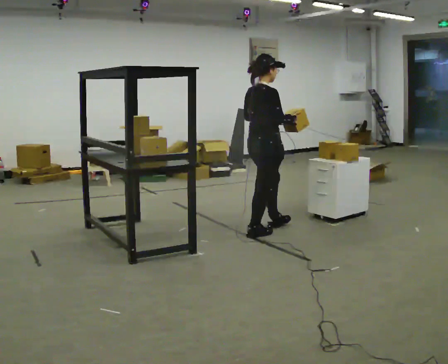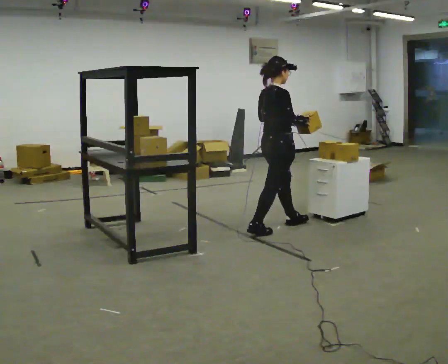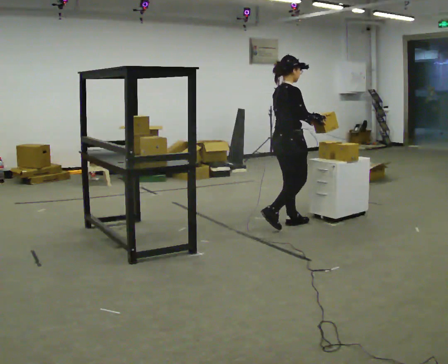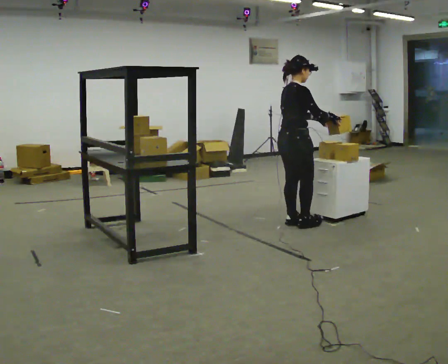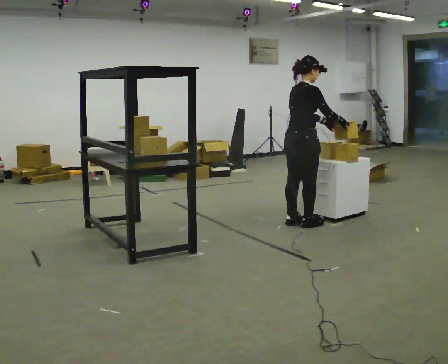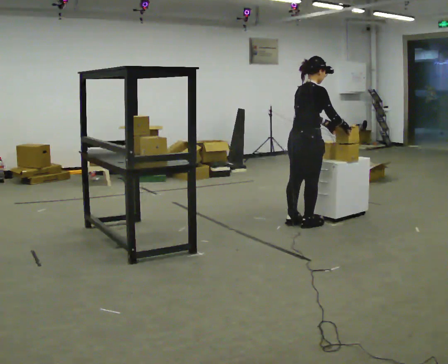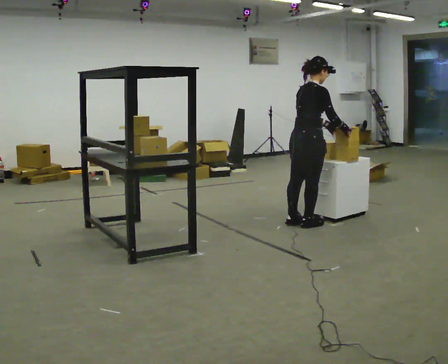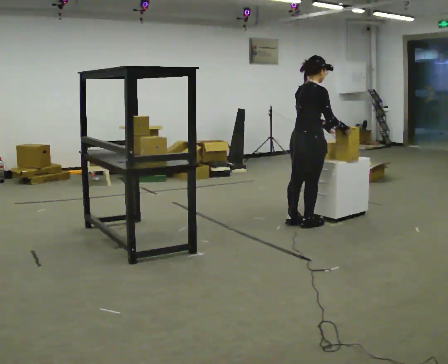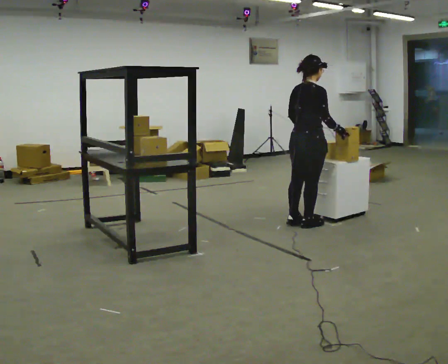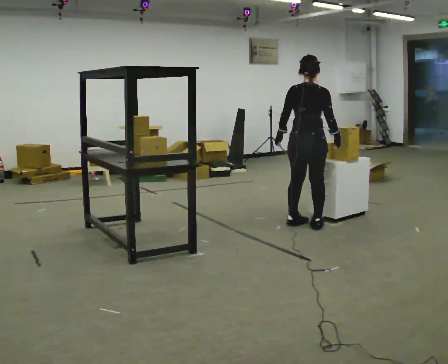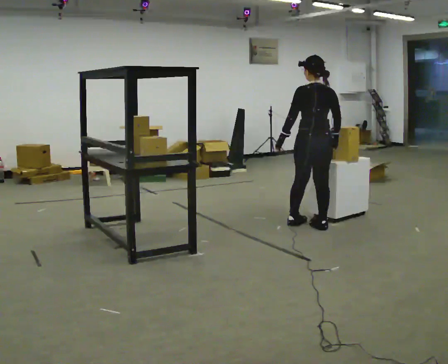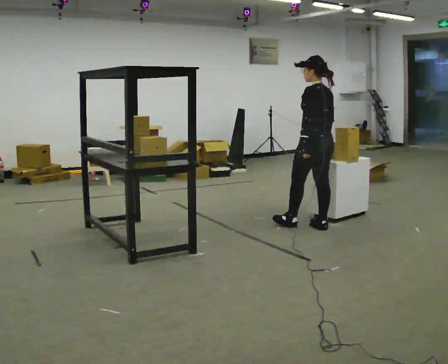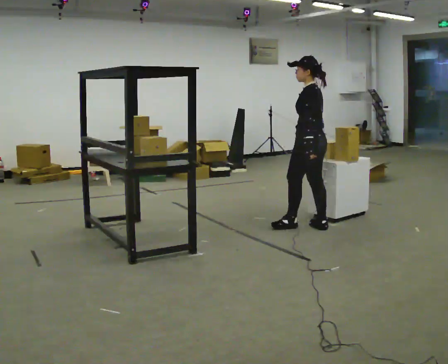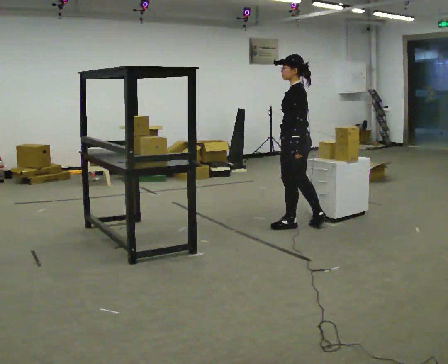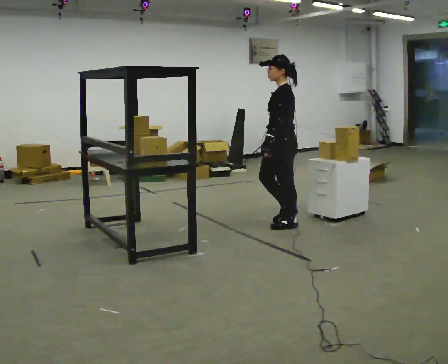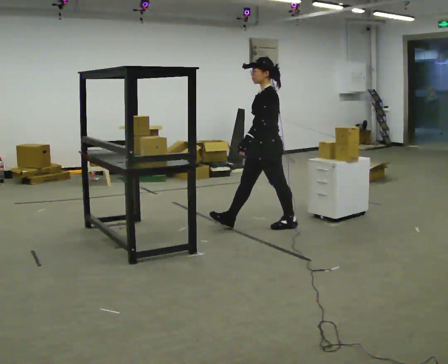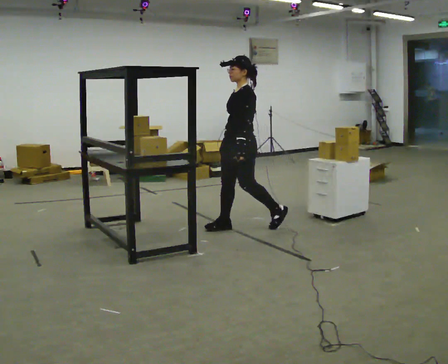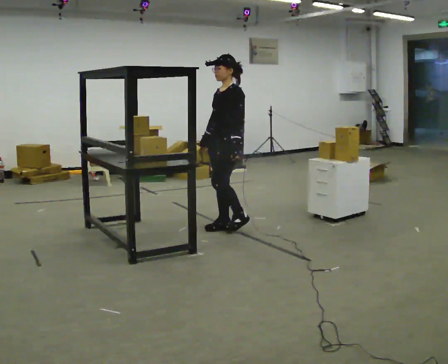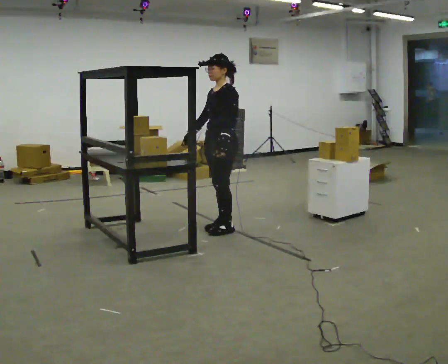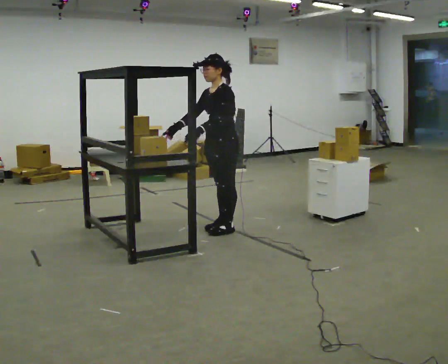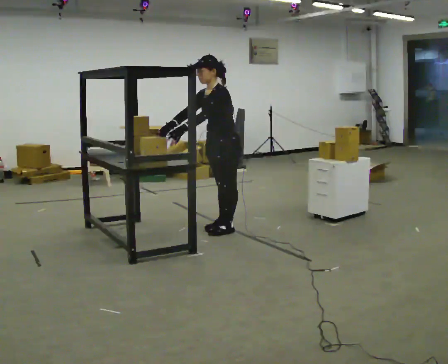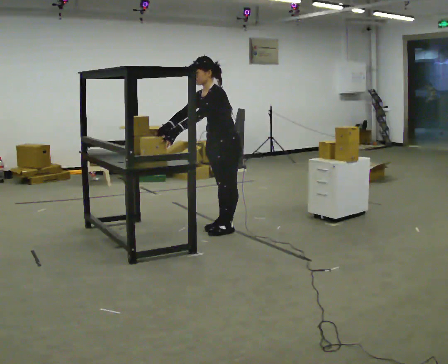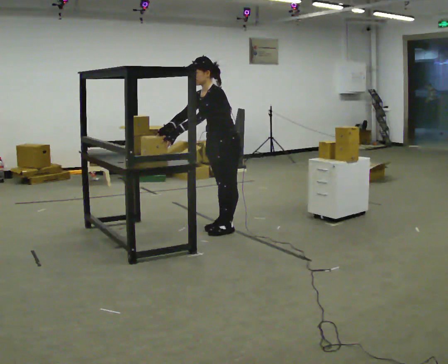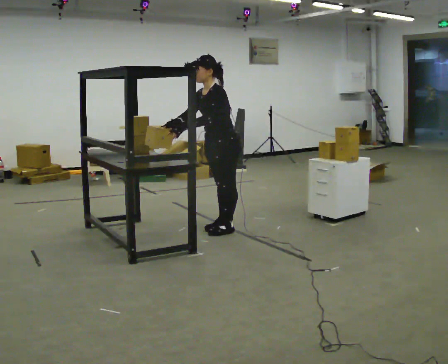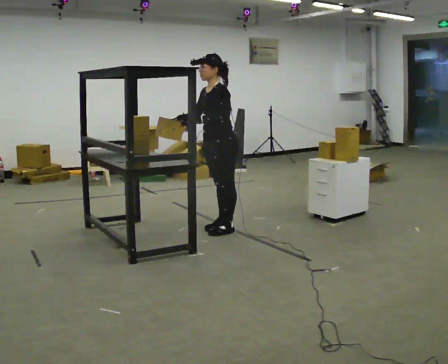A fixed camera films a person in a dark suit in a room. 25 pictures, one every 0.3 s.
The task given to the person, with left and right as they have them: Move objects one at a time from the waist-height shelf at one end of the room to the waist-height shelf at the other end. Keep going until the operator says stop; one object at a time, and do not rush between trips.
0.0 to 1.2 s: In the picture they go to the right and away from the camera, about 0.5 m in 2 steps, which for them is forward.
1.2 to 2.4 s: The person moves a little, or ends about where they began.
2.4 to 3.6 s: The person turns about 105 degrees to their left, counterclockwise seen from above, so the part of the body nearest the lens slides to the right.
3.6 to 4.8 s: The person turns about 60 degrees to their left, counterclockwise seen from above, so the part of the body nearest the lens slides to the right. In the picture they go to the left, about 0.75 m in 1 step, which for them is forward.
4.8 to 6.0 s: In the picture the upper body tilts counterclockwise, shoulders to the left, as they bend forward. In the picture their right hand goes to the left.
6.0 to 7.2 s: The person moves a little, or ends about where they began.
The film runs forward here.
